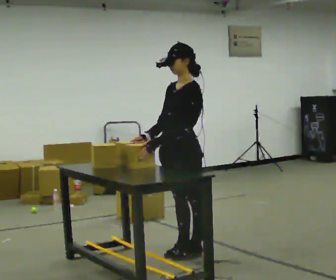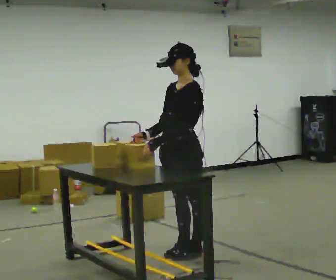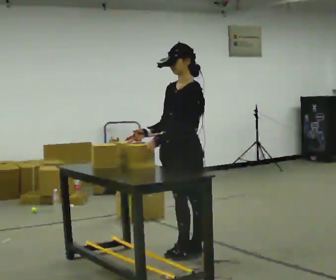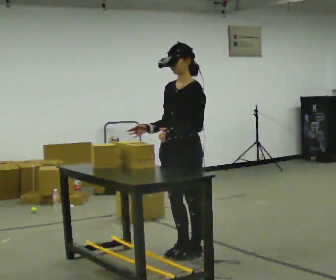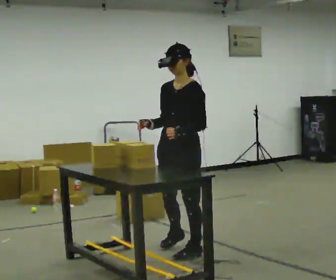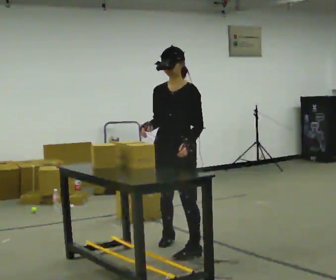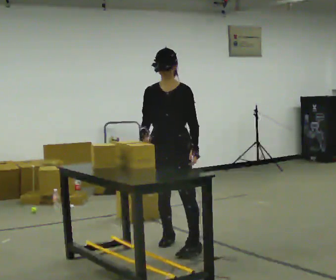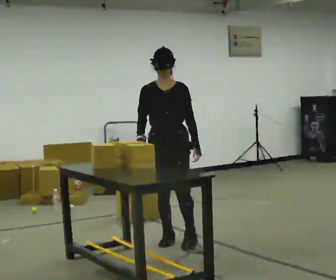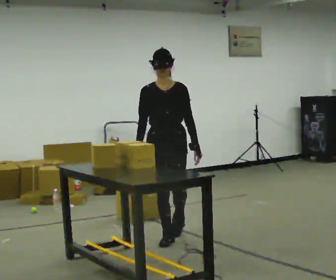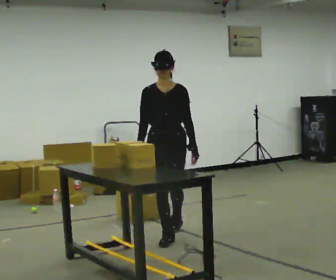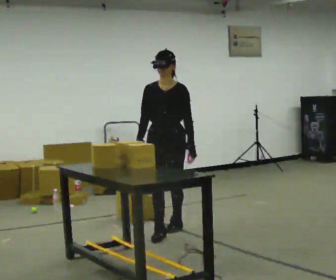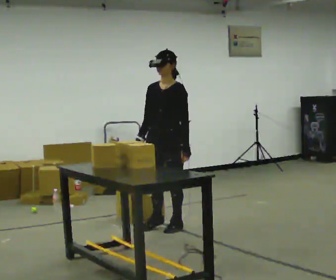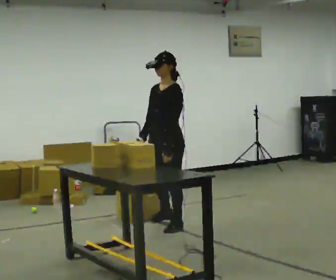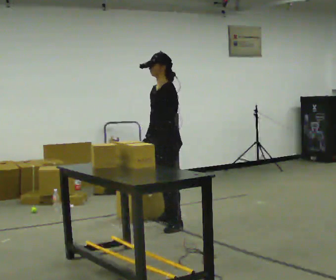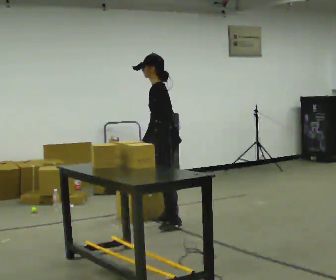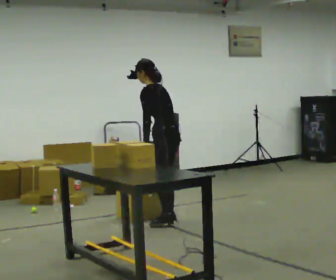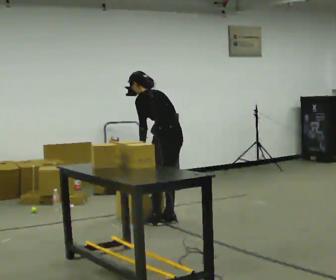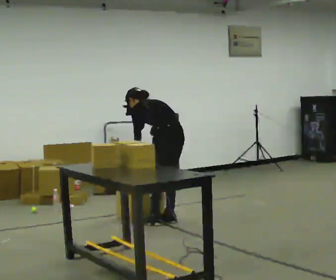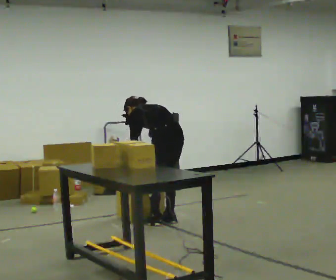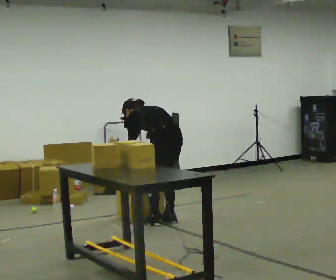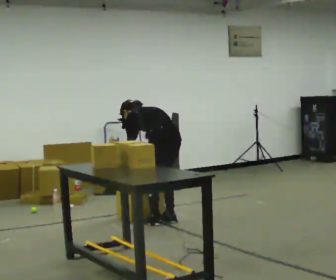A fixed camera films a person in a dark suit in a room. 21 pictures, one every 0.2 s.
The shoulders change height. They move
downward.
The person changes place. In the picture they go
away from the camera.
0.0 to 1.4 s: The person turns about 60 degrees to their left, counterclockwise seen from above, so the part of the body nearest the lens slides to the right. In the picture they go away from the camera, about 0.5 m in 2 steps, which for them is to their right and backward.
1.4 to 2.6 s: The part of the body nearest the lens slides to the left as the person turns to their right by about 60 degrees. In the picture they go away from the camera, about 0.5 m in 1 step.
2.6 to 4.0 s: Seen from above the body turns clockwise, about 75 degrees: to their right, with its near side sliding to the left. The upper body goes downward. The upper body tips away from the camera, its near side rolling upward, as they bend forward. In the picture their right hand goes downward.
The film runs backward here.
